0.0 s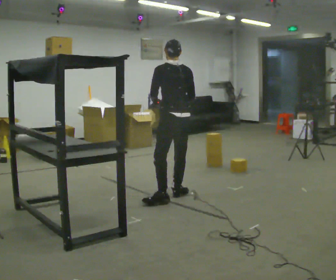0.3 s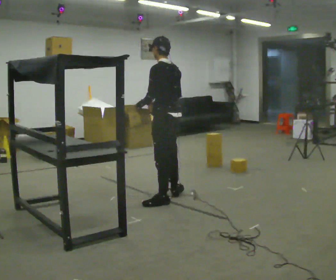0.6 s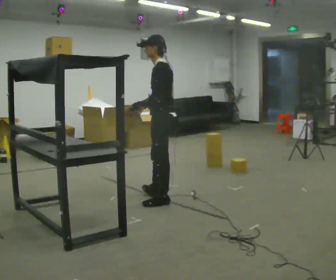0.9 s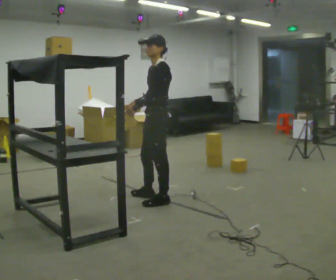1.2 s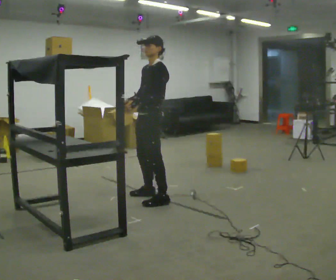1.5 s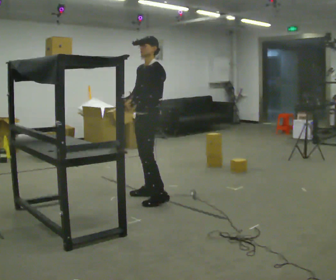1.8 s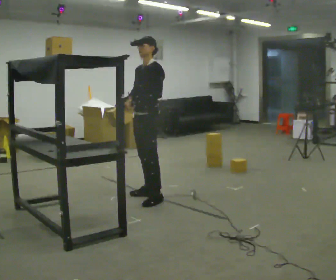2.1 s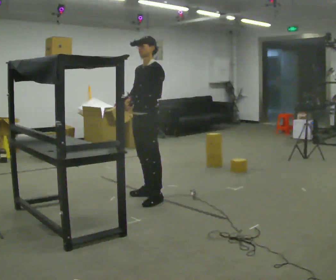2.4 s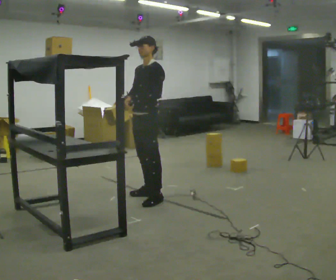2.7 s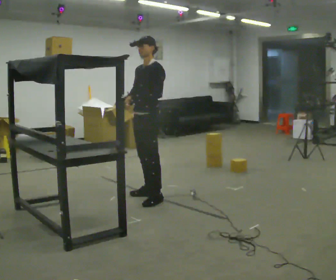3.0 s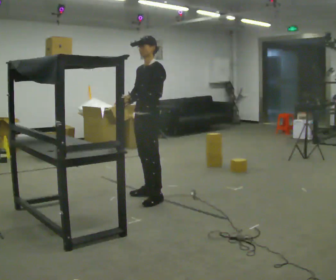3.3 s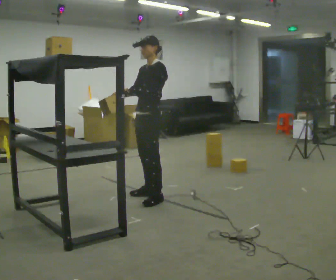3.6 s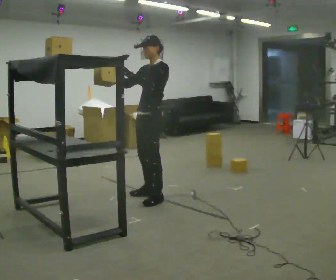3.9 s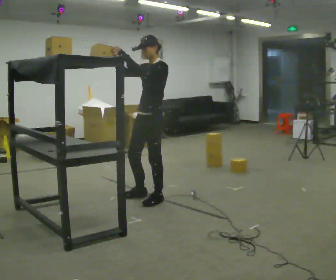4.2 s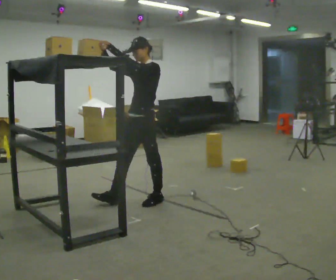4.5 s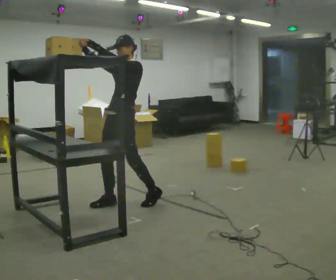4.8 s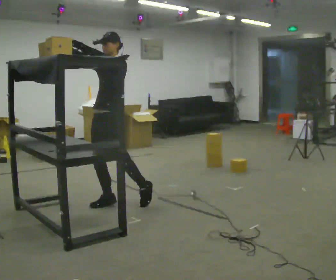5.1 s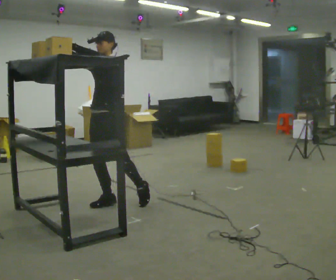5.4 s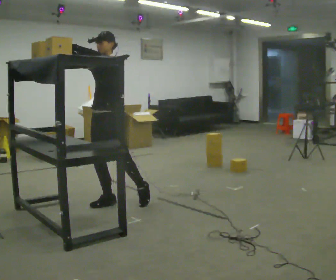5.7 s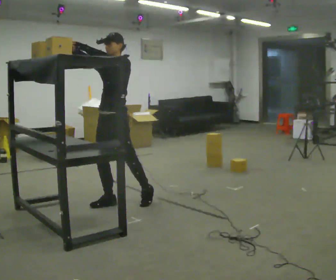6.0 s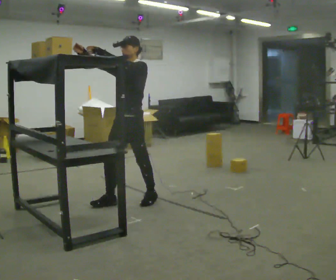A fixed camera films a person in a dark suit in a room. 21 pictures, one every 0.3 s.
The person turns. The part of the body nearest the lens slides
to the right.
The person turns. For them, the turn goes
to their left.
0.0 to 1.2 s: Seen from above the body turns counterclockwise, about 90 degrees: to their left, with its near side sliding to the right. In the picture they go to the left, about 0.25 m in 1 step.
1.2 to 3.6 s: The person moves a little, or ends about where they began.
3.6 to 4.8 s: In the picture they go to the left and toward the camera, about 0.5 m in 1 step, which for them is forward. In the picture their right hand goes upward.
4.8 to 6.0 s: In the picture they go to the right, about 0.25 m, which for them is backward.
The film runs backward here.
